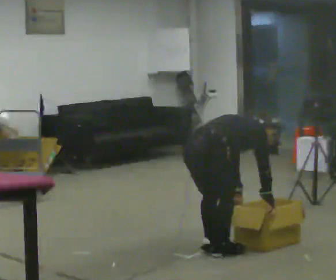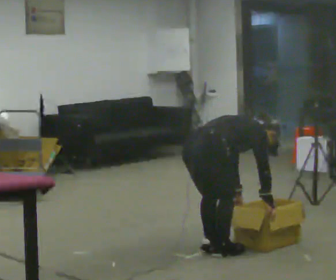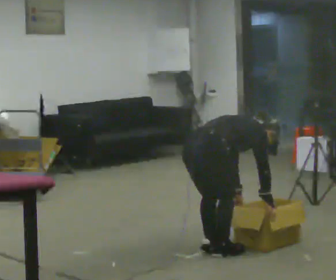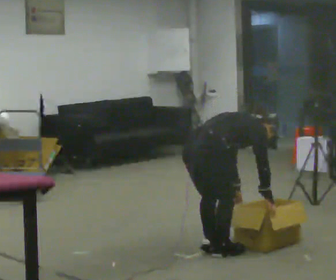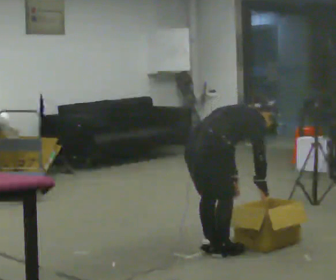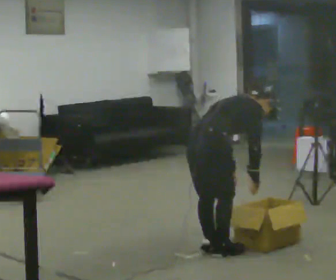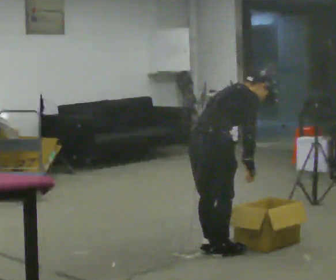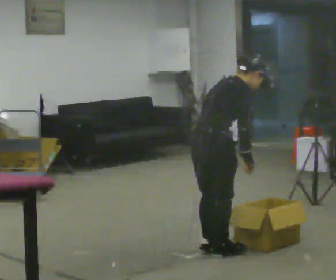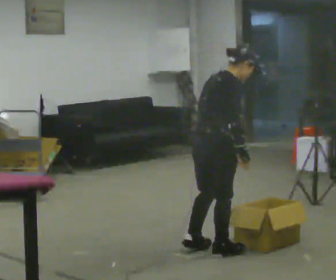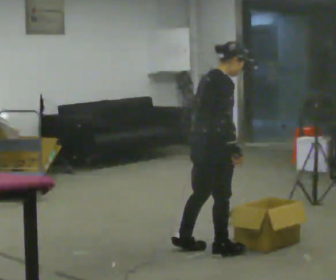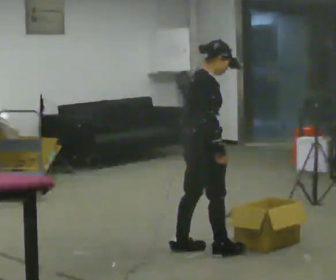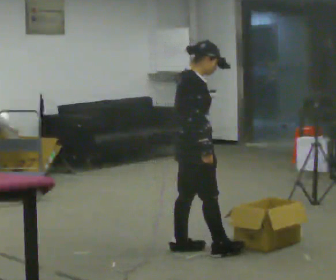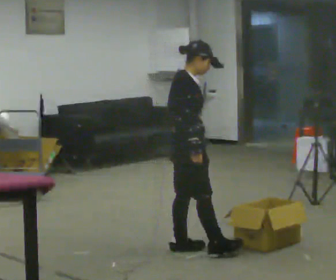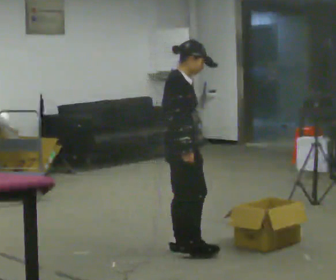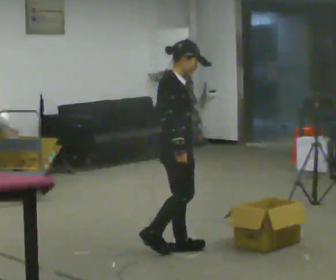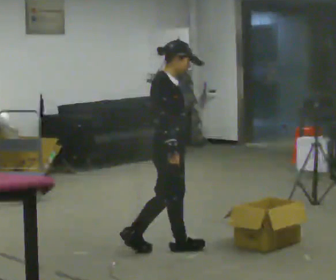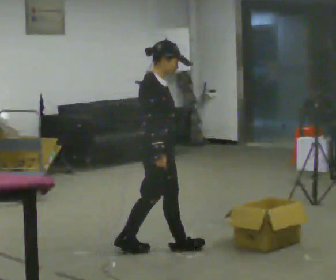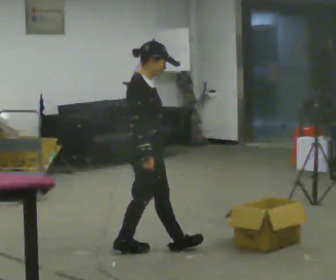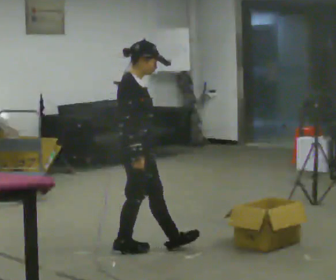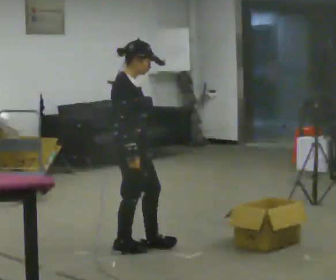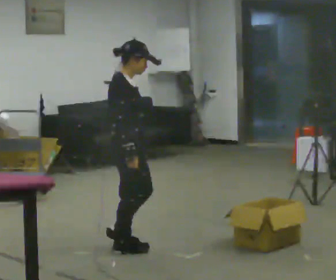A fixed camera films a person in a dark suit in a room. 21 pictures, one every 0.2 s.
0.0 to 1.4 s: The shoulders move upward. In the picture the upper body tilts counterclockwise, shoulders to the left, as they lean back or straighten.
1.4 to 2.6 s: The person turns about 30 degrees to their right, clockwise seen from above, so the part of the body nearest the lens slides to the left. In the picture they go to the left and away from the camera, about 0.25 m in 2 steps, which for them is to their left and backward. In the picture the upper body tilts counterclockwise, shoulders to the left, as they lean back or straighten.
2.6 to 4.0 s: In the picture they go to the left, about 0.25 m in 1 step, which for them is backward.
The film runs backward here.
